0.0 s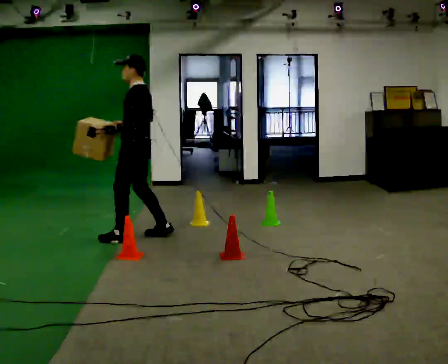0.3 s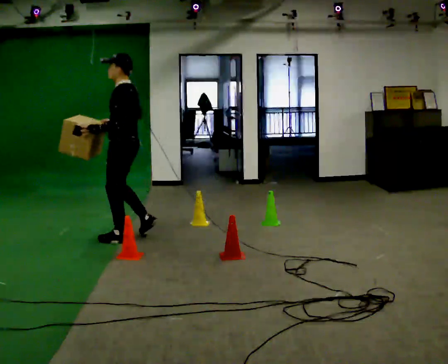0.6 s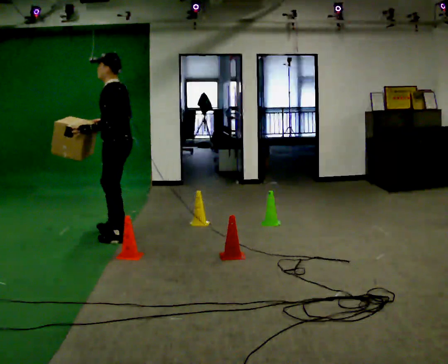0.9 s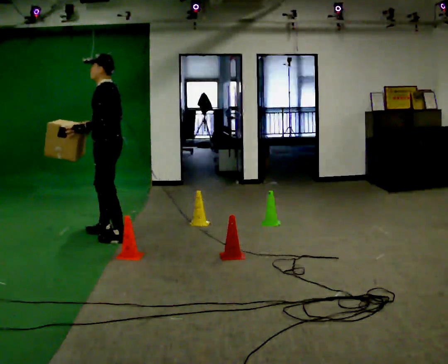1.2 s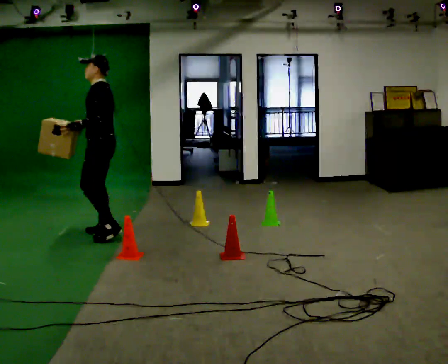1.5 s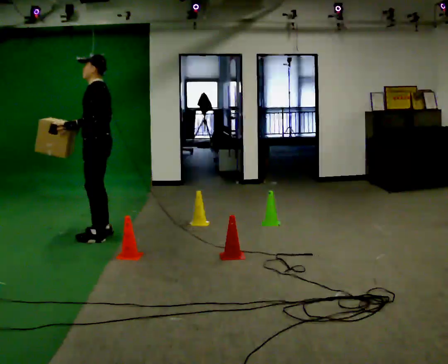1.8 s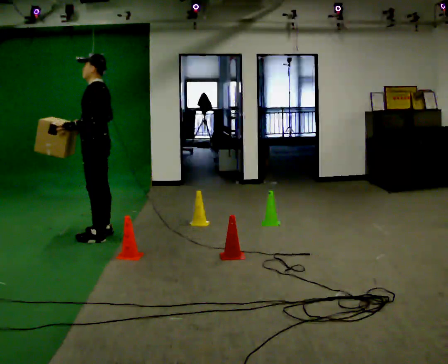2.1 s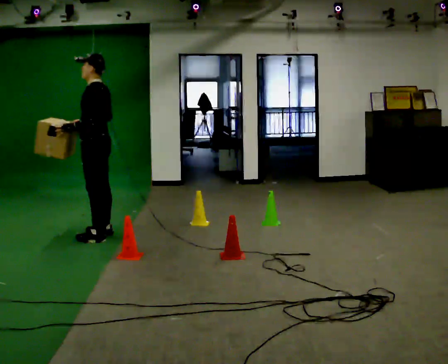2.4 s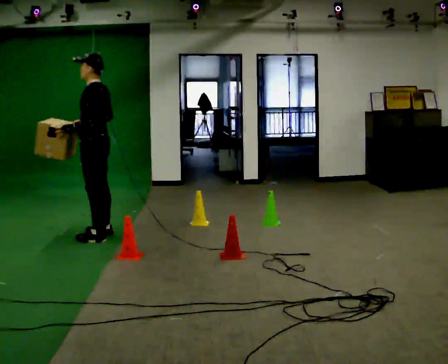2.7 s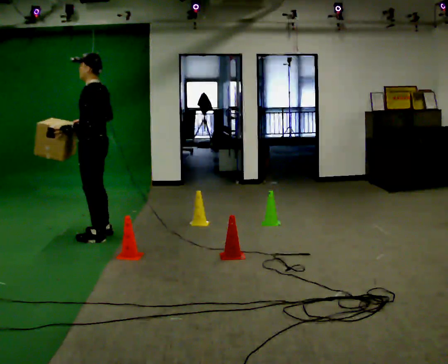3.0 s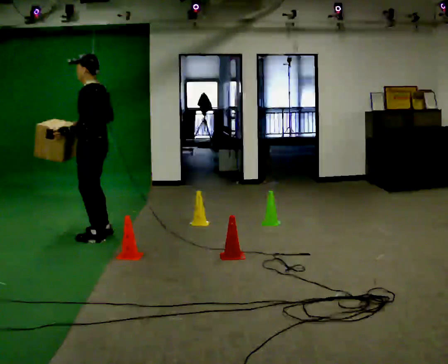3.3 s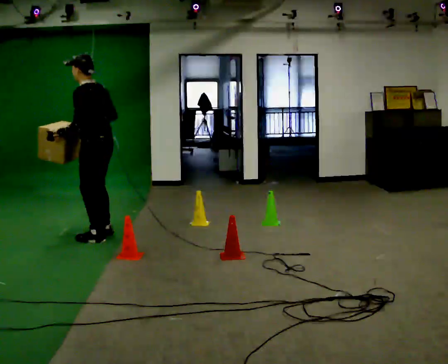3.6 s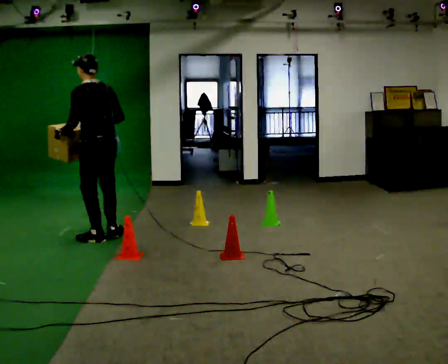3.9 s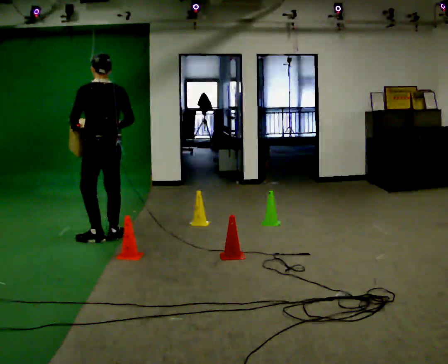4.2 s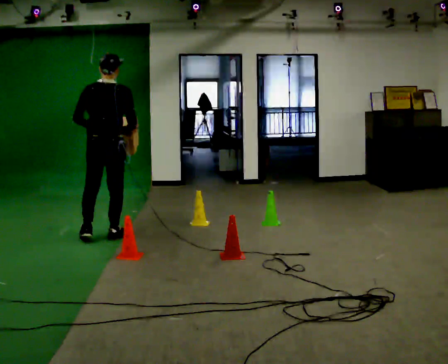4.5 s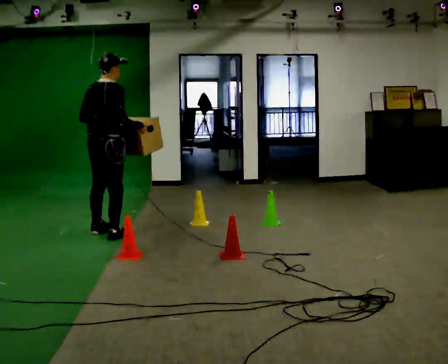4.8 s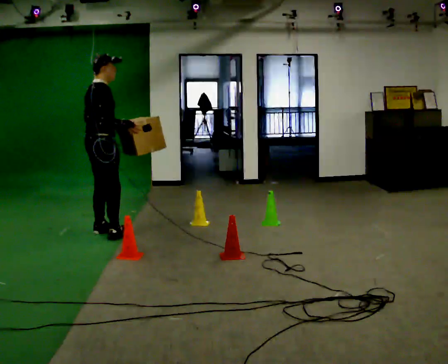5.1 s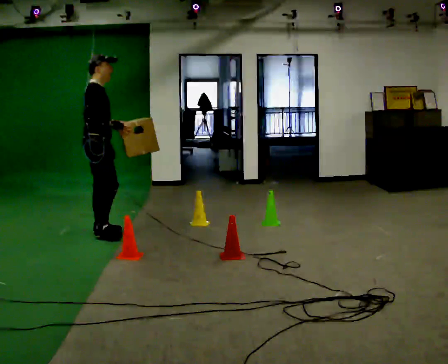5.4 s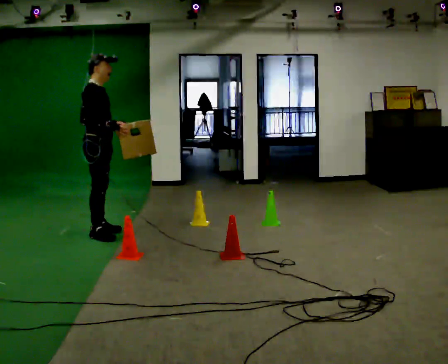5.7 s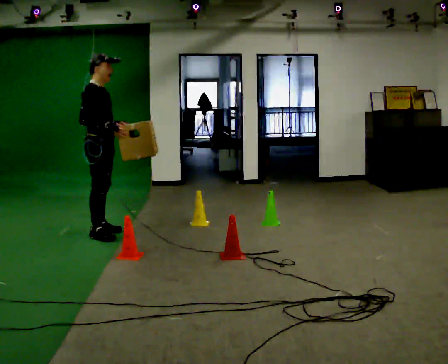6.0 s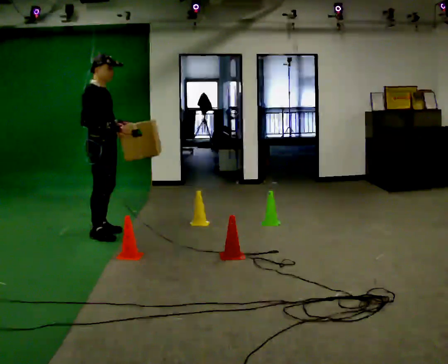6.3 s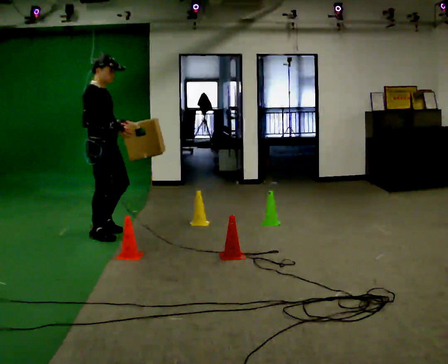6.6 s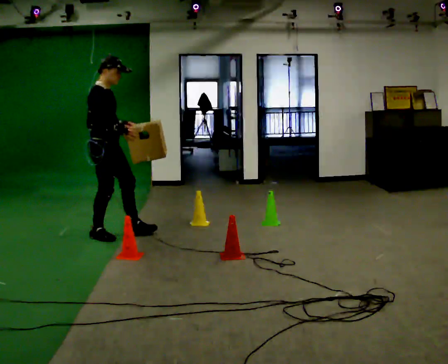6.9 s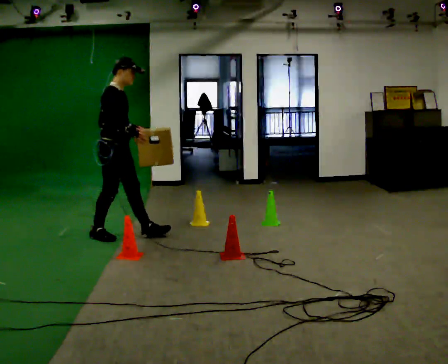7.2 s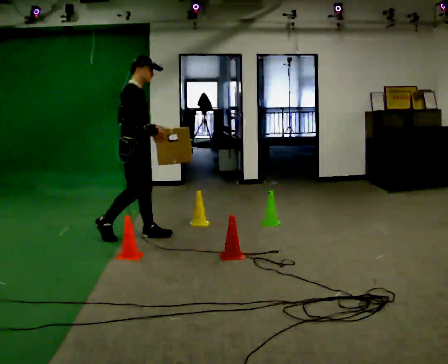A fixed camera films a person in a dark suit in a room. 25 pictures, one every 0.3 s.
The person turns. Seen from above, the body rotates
clockwise.
The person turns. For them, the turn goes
to their right.
0.0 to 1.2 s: In the picture they go to the left, about 0.25 m in 1 step, which for them is forward.
1.2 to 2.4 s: The person moves a little, or ends about where they began.
2.4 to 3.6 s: Seen from above the body turns clockwise, about 30 degrees: to their right, with its near side sliding to the left.
3.6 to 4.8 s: The person turns about 105 degrees to their right, clockwise seen from above, so the part of the body nearest the lens slides to the left. In the picture they go away from the camera, about 0.25 m in 1 step.
4.8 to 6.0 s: The part of the body nearest the lens slides to the left as the person turns to their right by about 30 degrees.
6.0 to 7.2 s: In the picture they go to the right, about 0.25 m in 1 step, which for them is forward.
The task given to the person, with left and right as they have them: Carry the box through the gap between the panels without touching either side, then set it down and bring it back. Keep going until the operator says stop; one object at a time, and do not rush between trips.
The film runs forward here.
